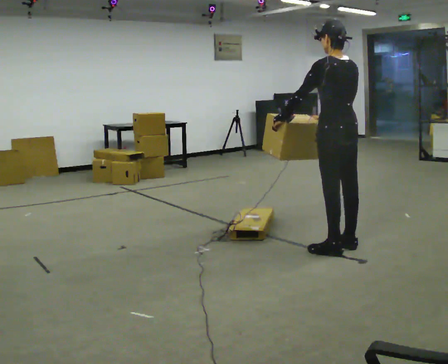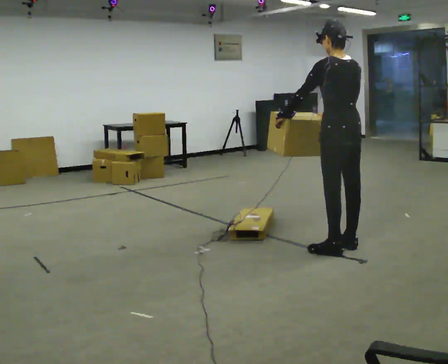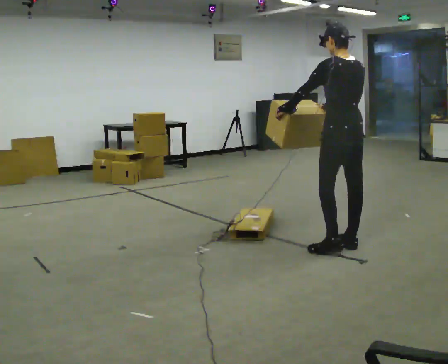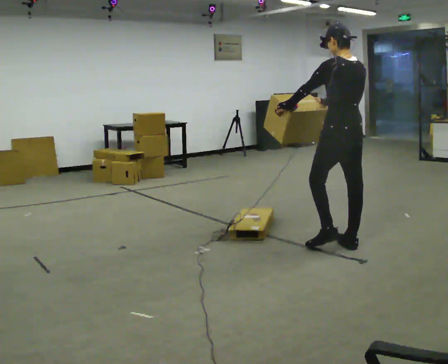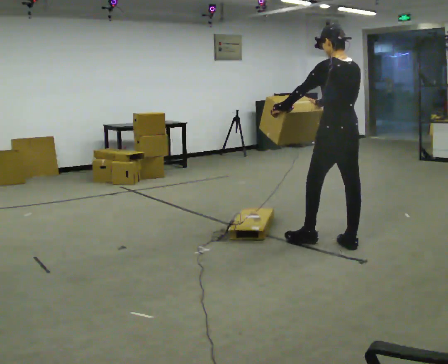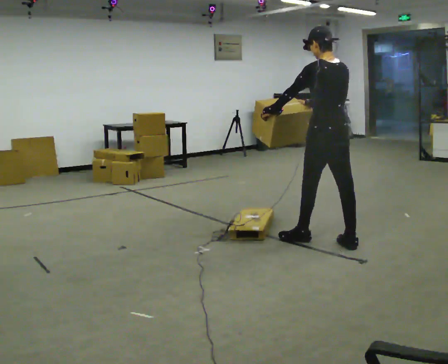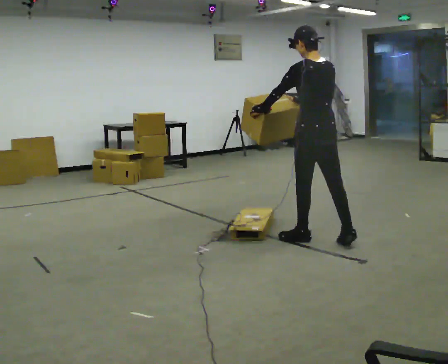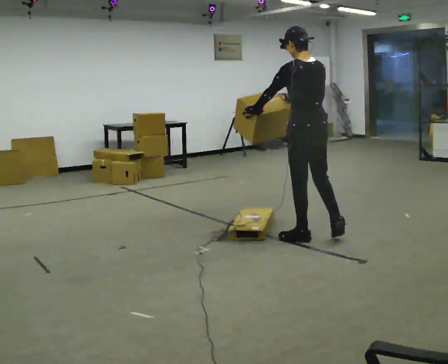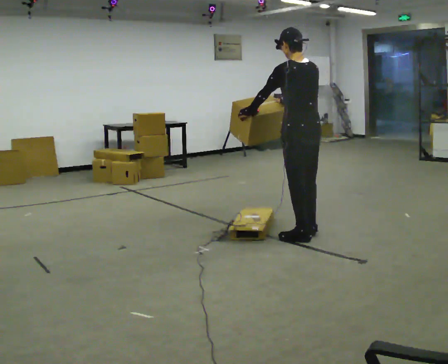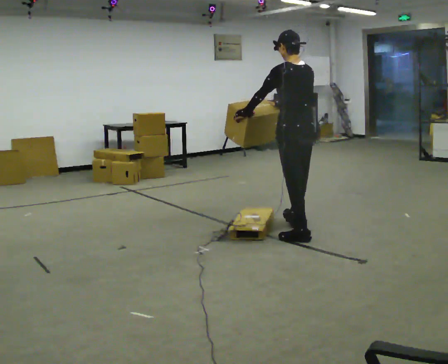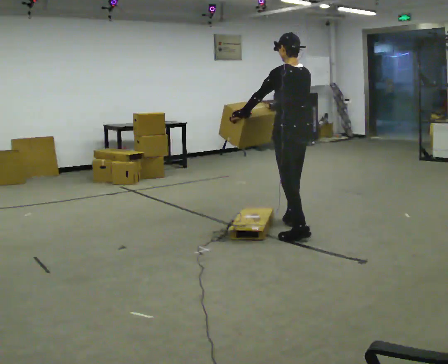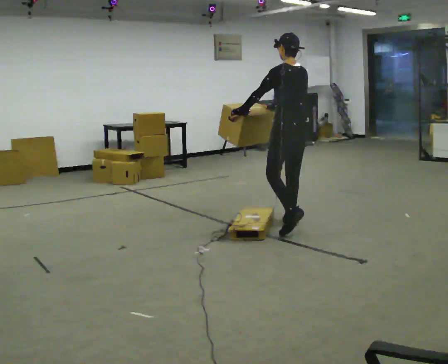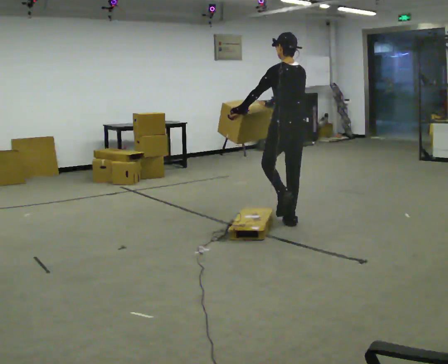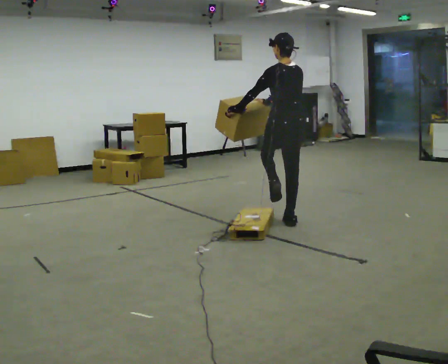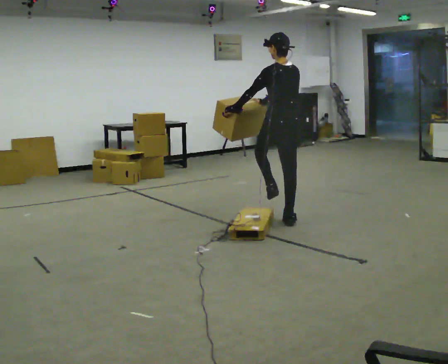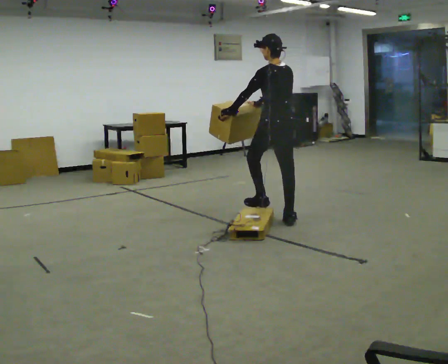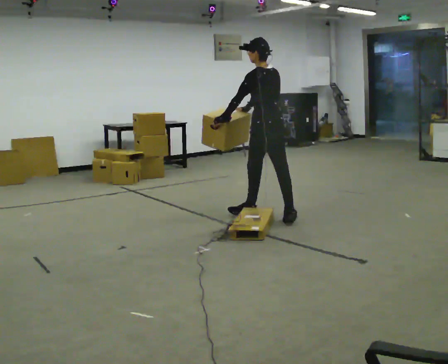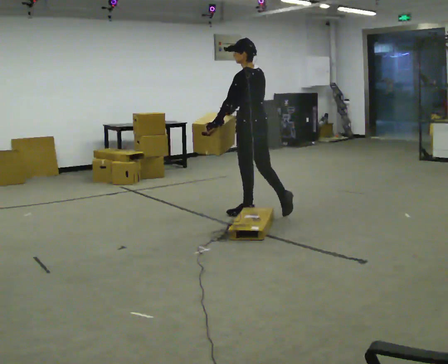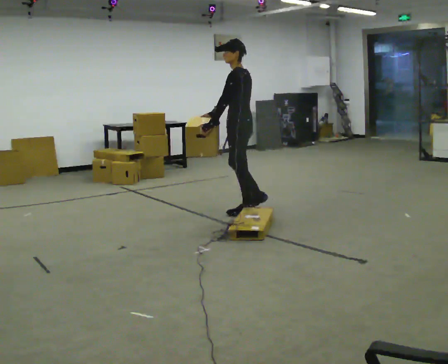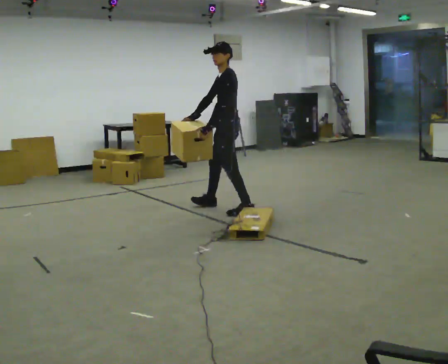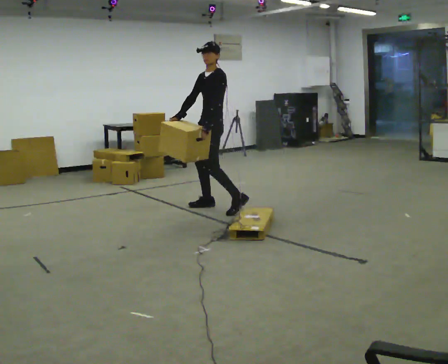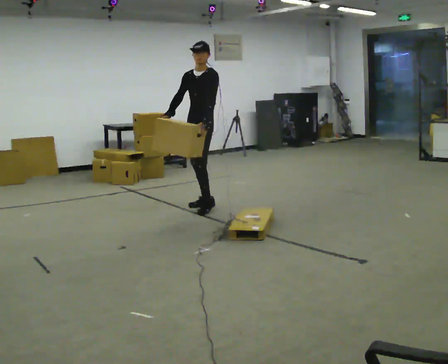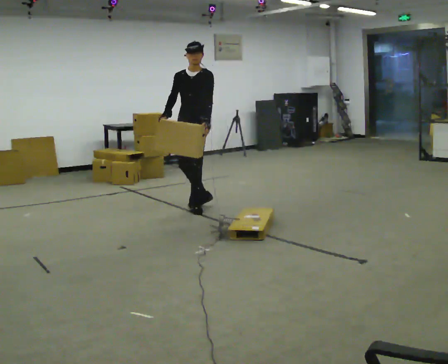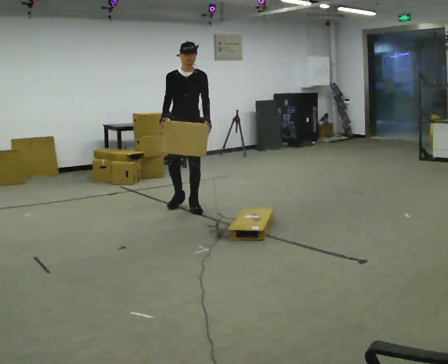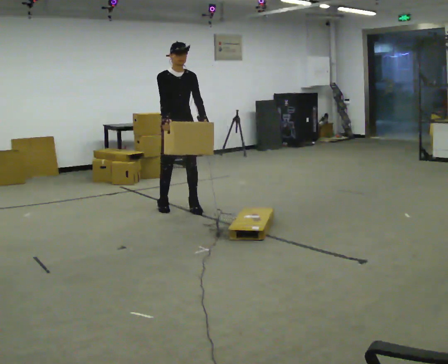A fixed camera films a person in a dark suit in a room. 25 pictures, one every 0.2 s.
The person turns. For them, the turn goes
to their left.
The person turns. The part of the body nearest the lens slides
to the right.
0.0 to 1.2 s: In the picture they go to the left and away from the camera, about 0.25 m in 1 step, which for them is forward.
1.2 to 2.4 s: In the picture they go away from the camera and to the left, about 0.5 m in 1 step, which for them is forward.
2.4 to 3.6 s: Seen from above the body turns counterclockwise, about 45 degrees: to their left, with its near side sliding to the right. In the picture they go to the left and away from the camera, about 0.5 m in 1 step, which for them is forward.
3.6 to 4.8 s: Seen from above the body turns counterclockwise, about 135 degrees: to their left, with its near side sliding to the right. In the picture they go to the left, about 1 m in 3 steps.
The film runs forward here.
